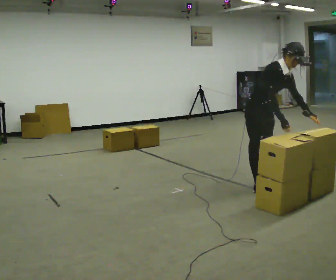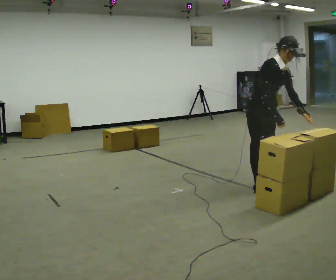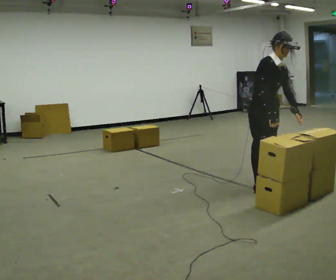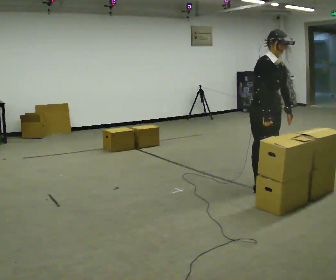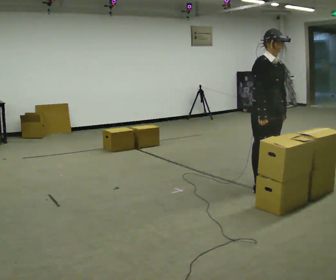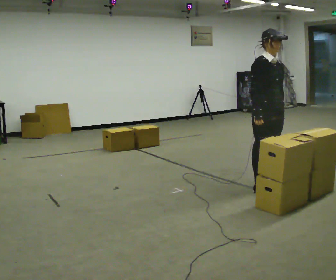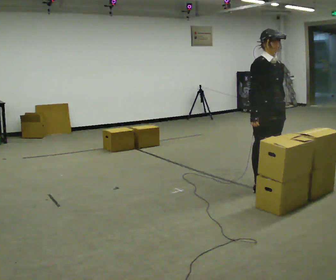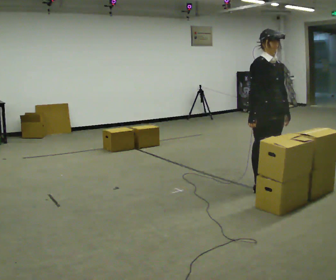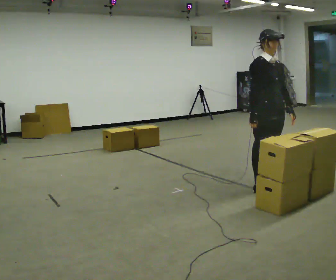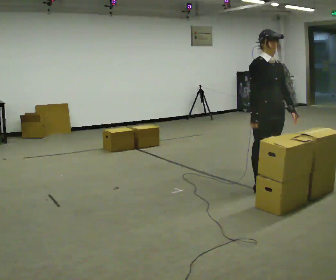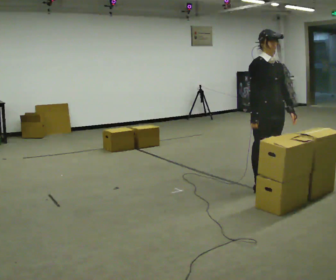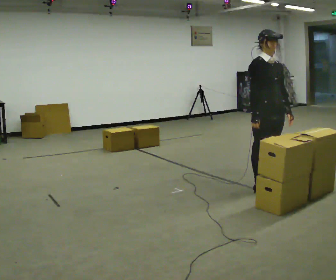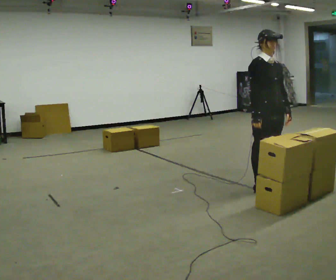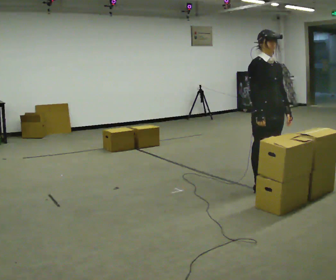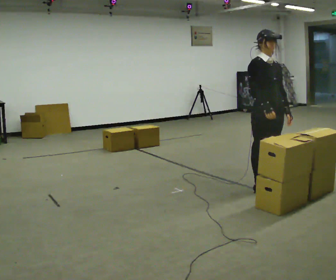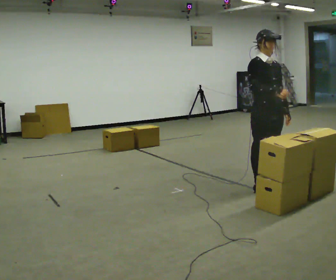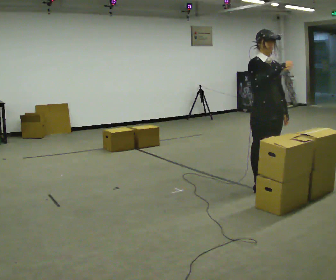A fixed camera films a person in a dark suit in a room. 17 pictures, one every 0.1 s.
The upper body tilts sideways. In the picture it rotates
counterclockwise.
Their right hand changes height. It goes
upward.
0.0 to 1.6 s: In the picture the upper body tilts counterclockwise, shoulders to the left, as they lean back or straighten. In the picture their right hand goes upward.
The film runs forward here.
